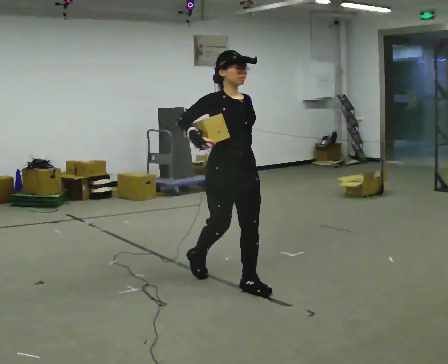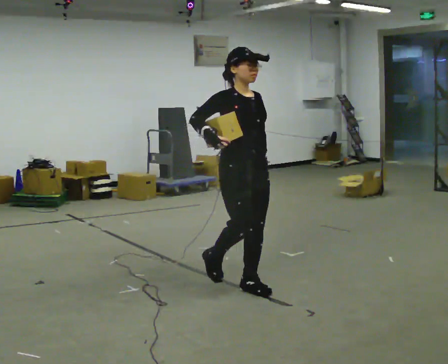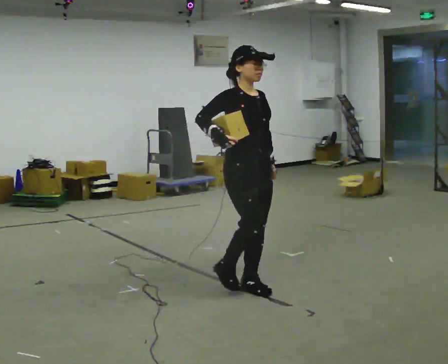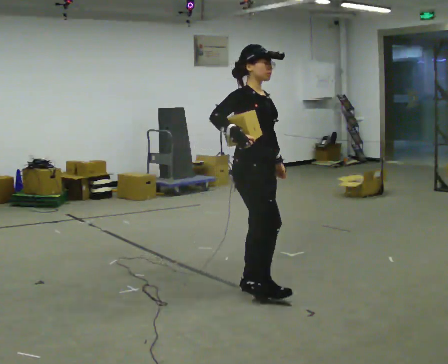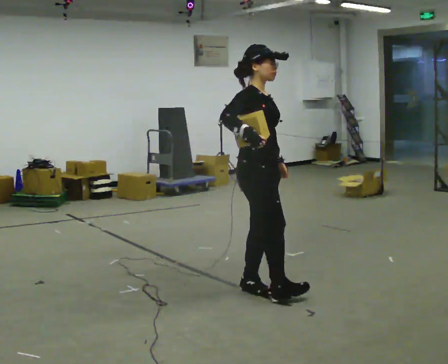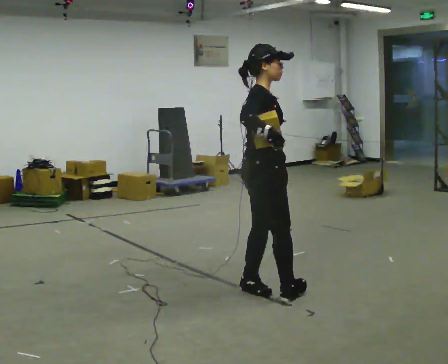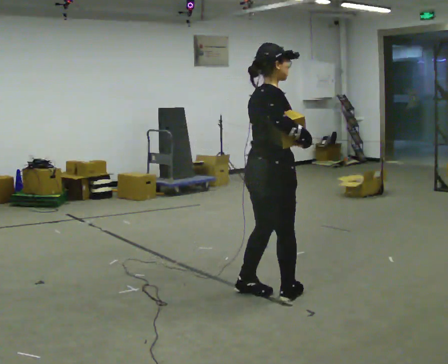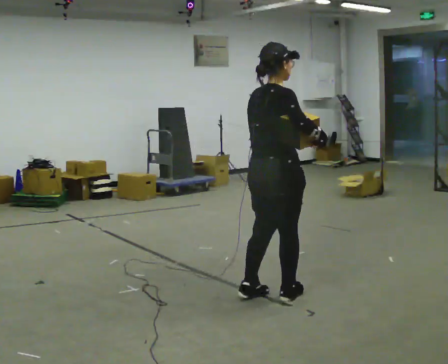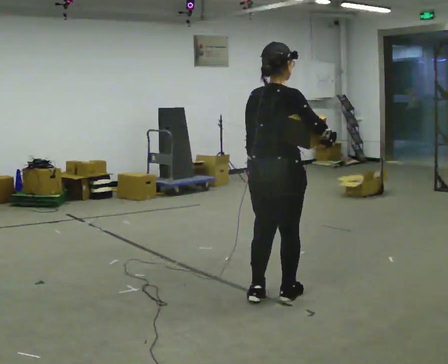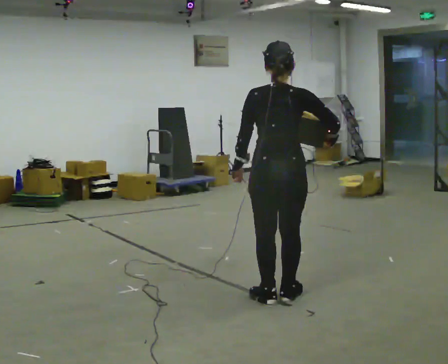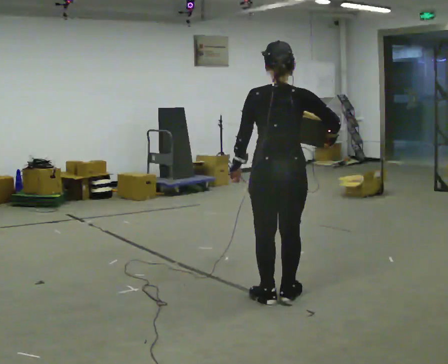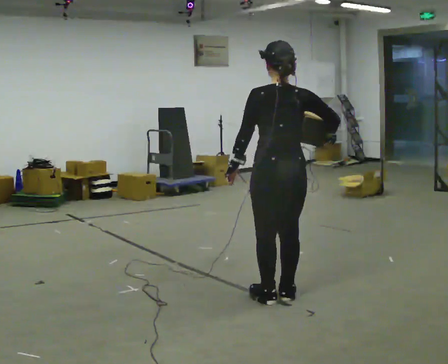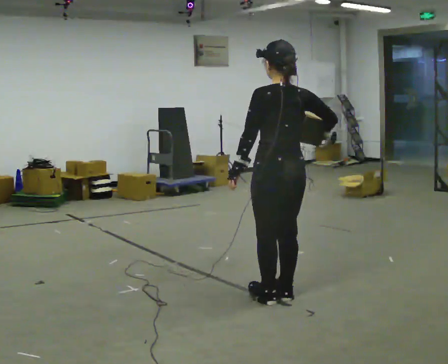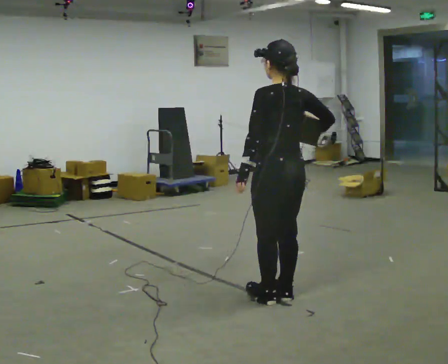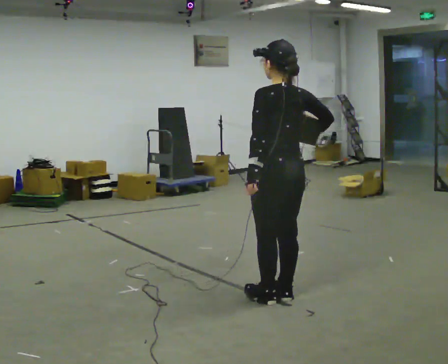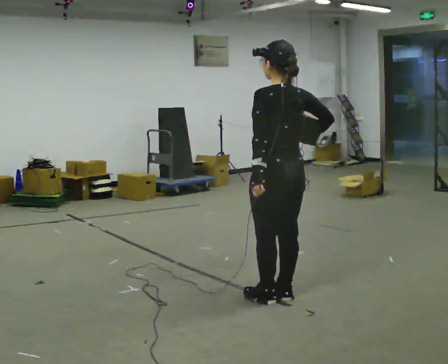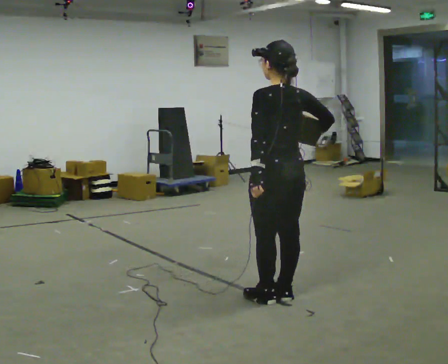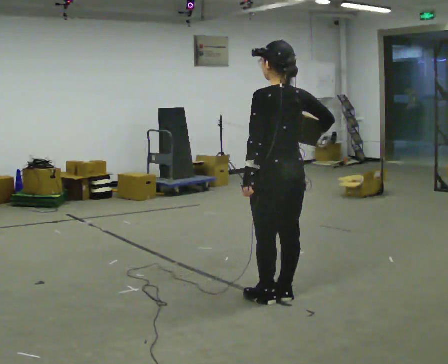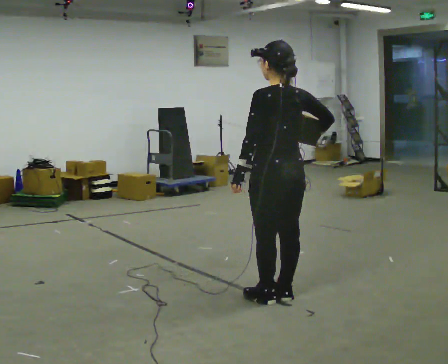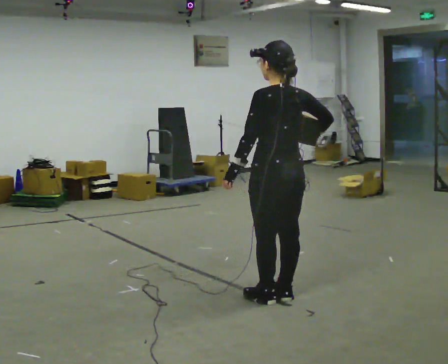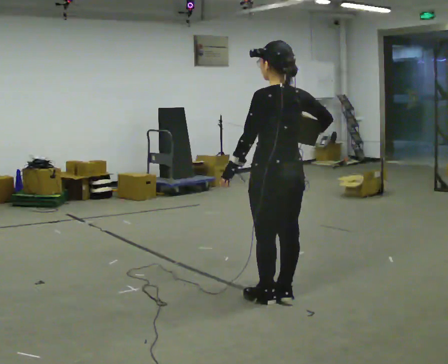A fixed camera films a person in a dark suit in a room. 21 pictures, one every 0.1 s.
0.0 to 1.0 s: Seen from above the body turns counterclockwise, about 150 degrees: to their left, with its near side sliding to the right. In the picture they go to the right and toward the camera, about 0.5 m in 2 steps.
1.0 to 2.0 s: Seen from above the body turns counterclockwise, about 30 degrees: to their left, with its near side sliding to the right.
The film runs forward here.
